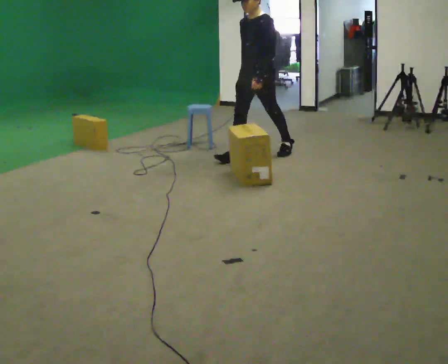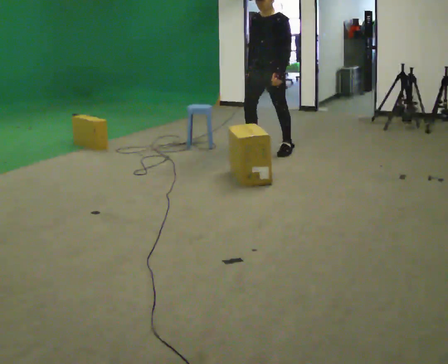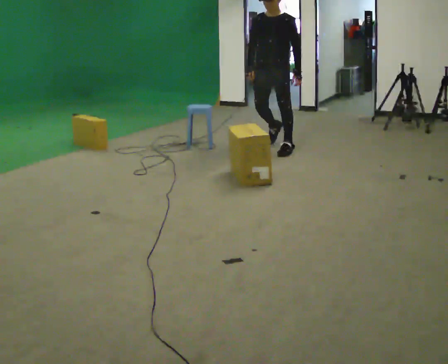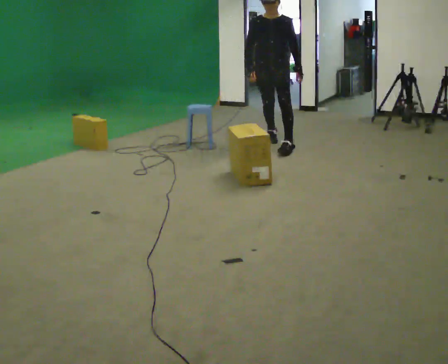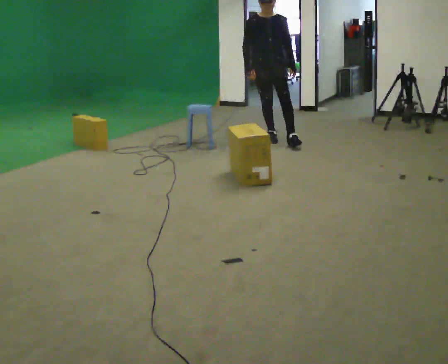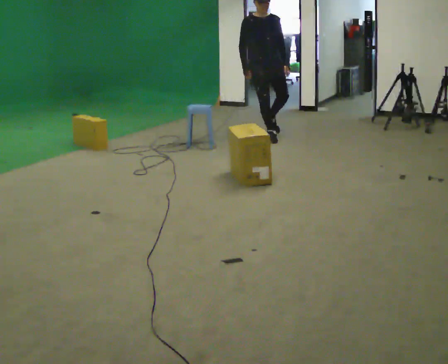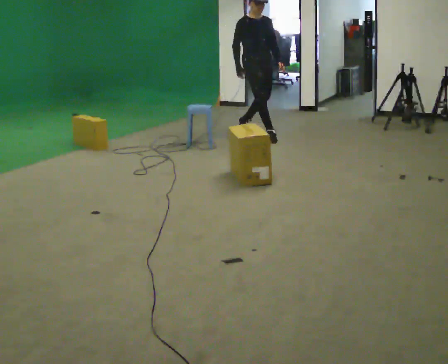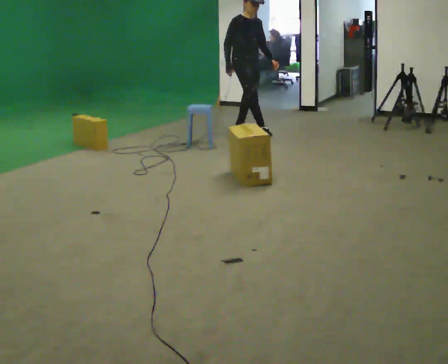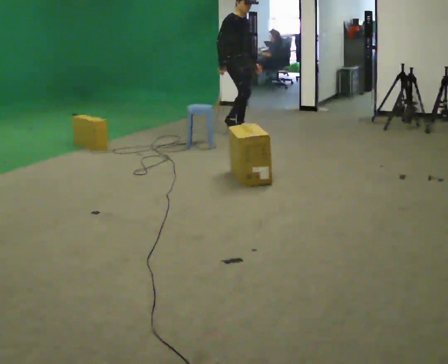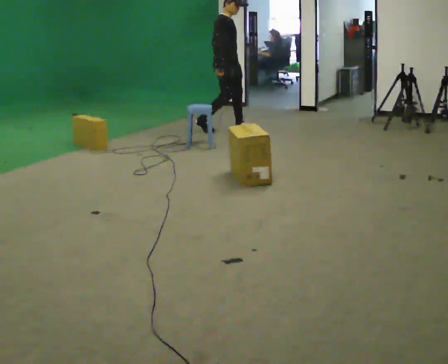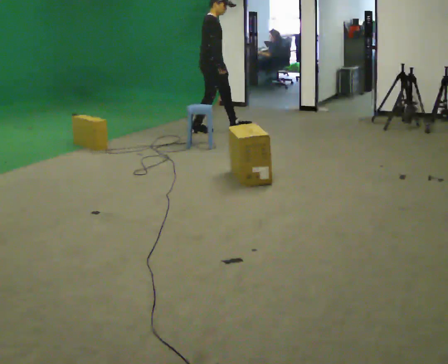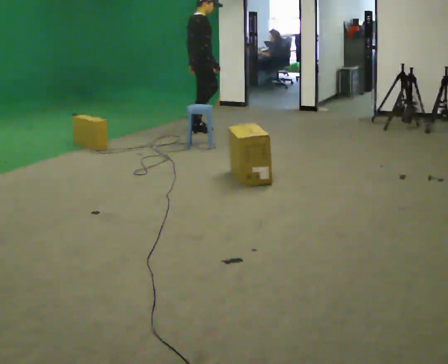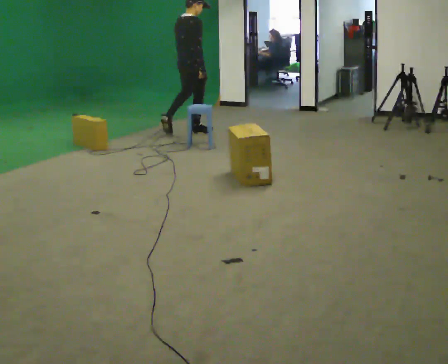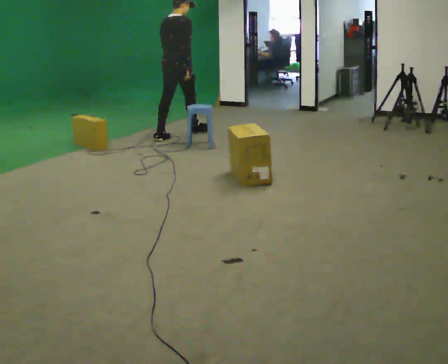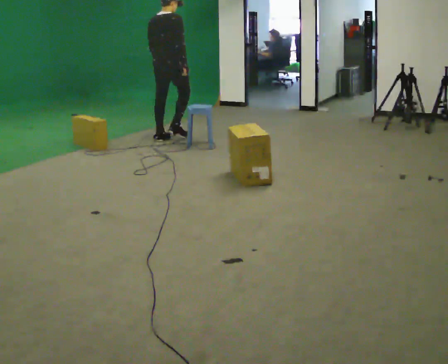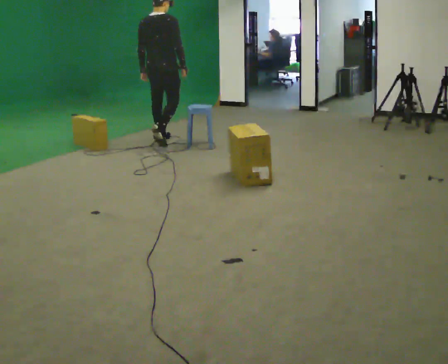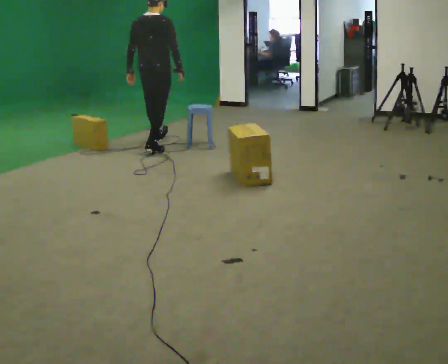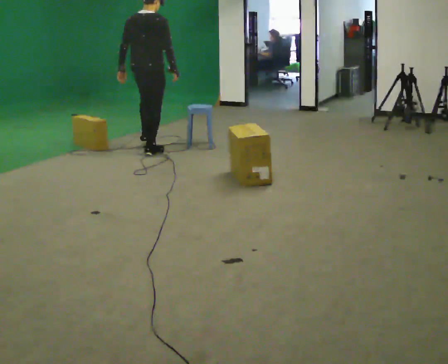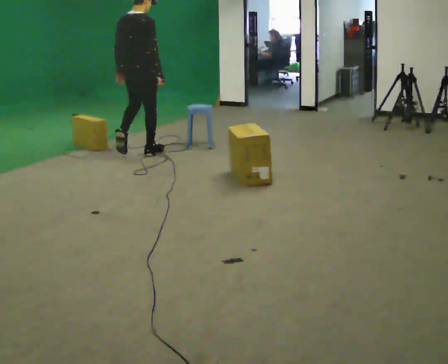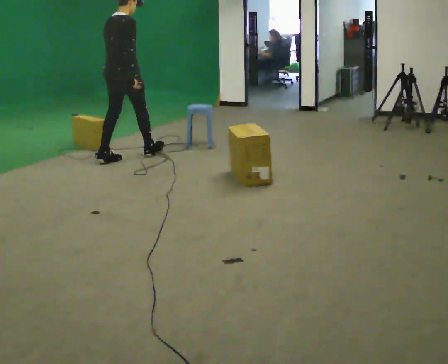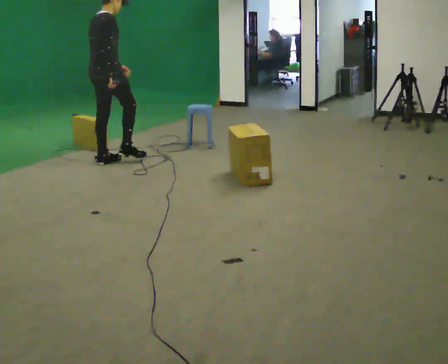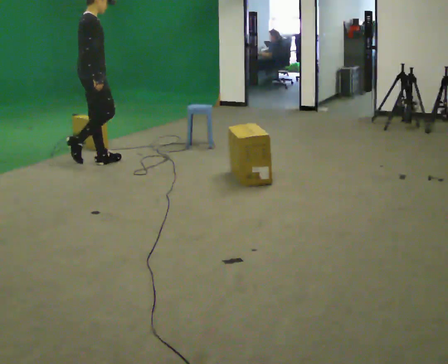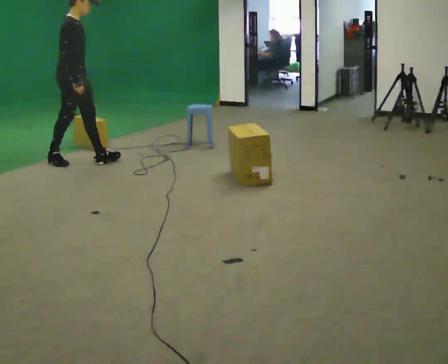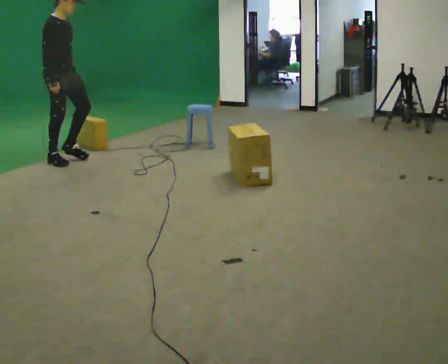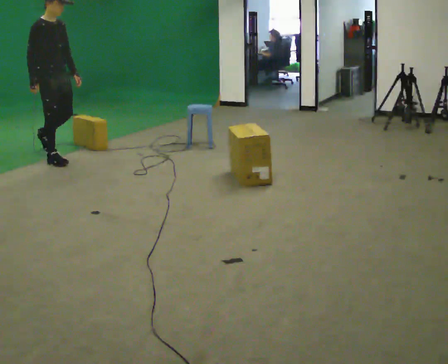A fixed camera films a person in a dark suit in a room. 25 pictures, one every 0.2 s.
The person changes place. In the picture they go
to the left.
0.0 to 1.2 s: Seen from above the body turns counterclockwise, about 90 degrees: to their left, with its near side sliding to the right. In the picture they go away from the camera, about 1 m in 2 steps.
1.2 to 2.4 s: The part of the body nearest the lens slides to the right as the person turns to their left by about 90 degrees. In the picture they go to the left, about 1 m in 2 steps.
2.4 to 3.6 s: Seen from above the body turns counterclockwise, about 30 degrees: to their left, with its near side sliding to the right. In the picture they go toward the camera and to the left, about 1 m in 2 steps, which for them is backward.
3.6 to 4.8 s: Seen from above the body turns clockwise, about 90 degrees: to their right, with its near side sliding to the left. In the picture they go to the left, about 1 m in 2 steps.
The film runs backward here.
